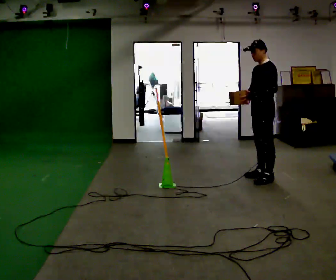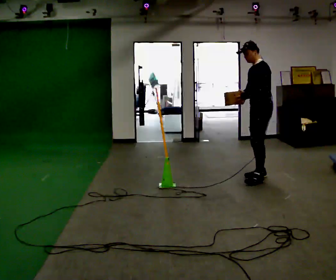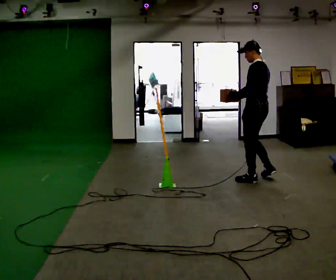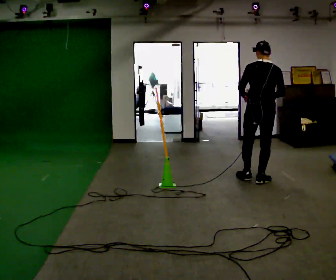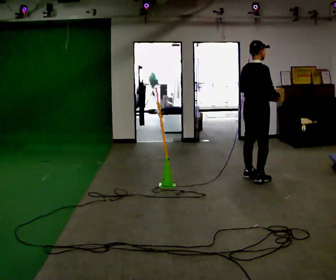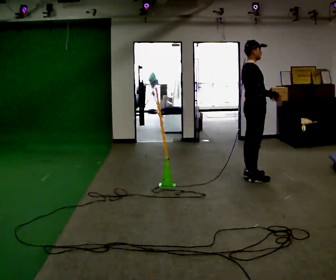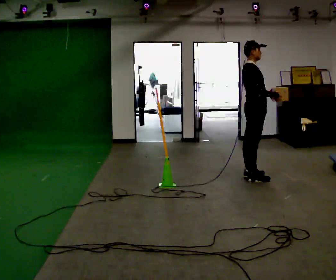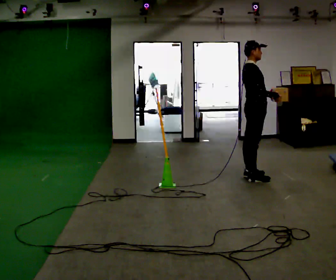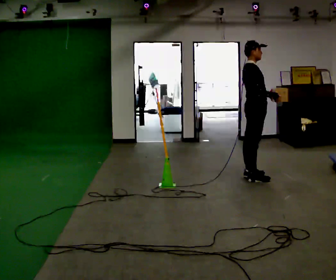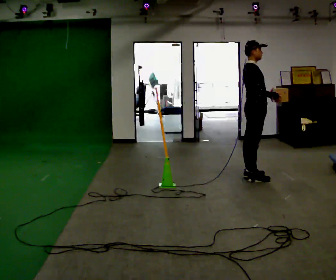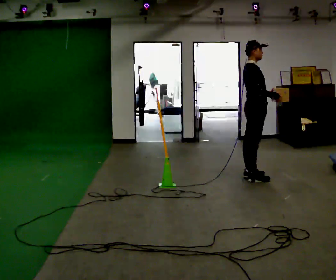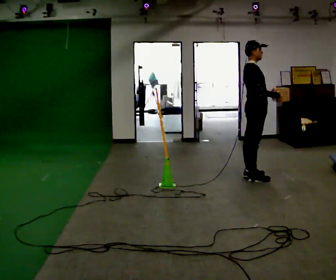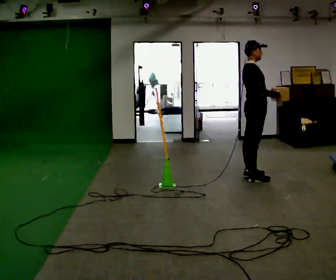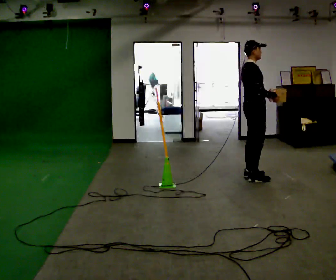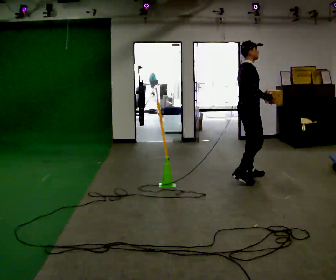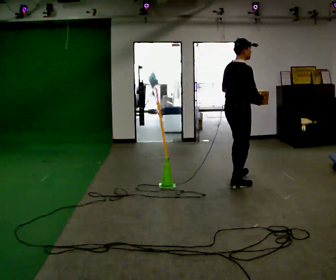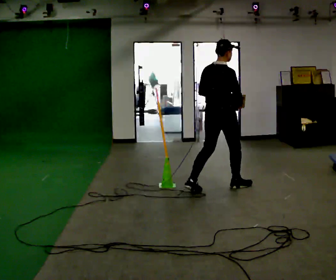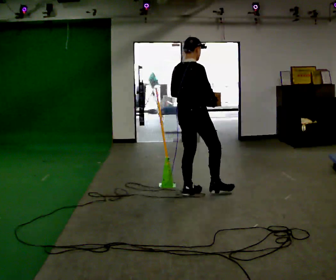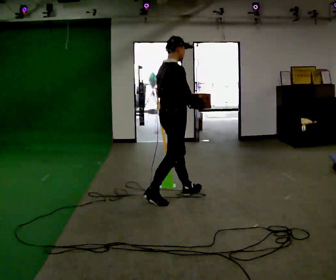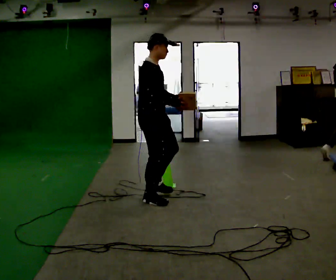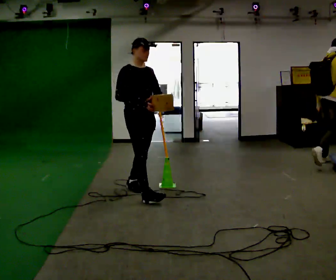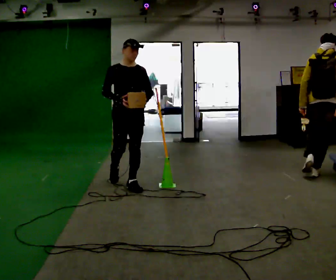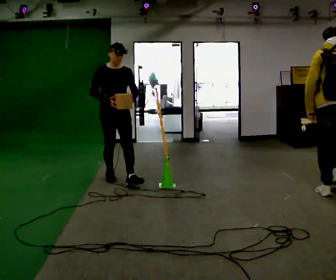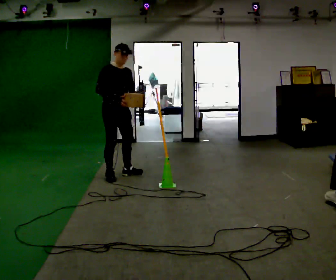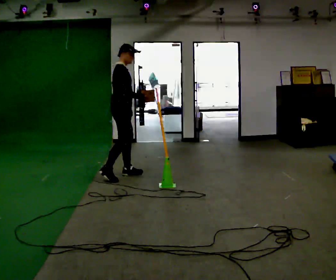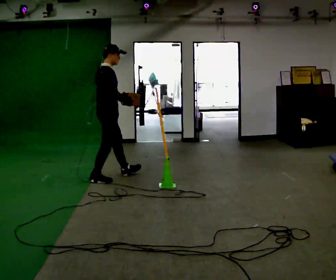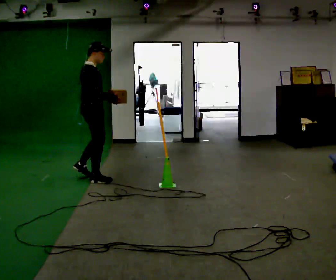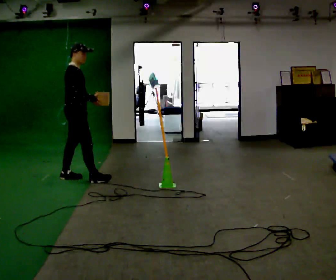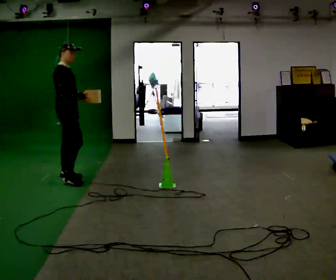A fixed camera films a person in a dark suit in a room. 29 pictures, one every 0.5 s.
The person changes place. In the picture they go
to the left.
0.0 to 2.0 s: The part of the body nearest the lens slides to the left as the person turns to their right by about 150 degrees.
2.0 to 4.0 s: Seen from above the body turns clockwise, about 45 degrees: to their right, with its near side sliding to the left.
4.0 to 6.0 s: The person moves a little, or ends about where they began.
6.0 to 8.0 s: The person turns about 45 degrees to their left, counterclockwise seen from above, so the part of the body nearest the lens slides to the right. In the picture they go toward the camera and to the left, about 0.75 m in 2 steps, which for them is backward and to their right.
8.0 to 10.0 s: The person turns about 90 degrees to their right, clockwise seen from above, so the part of the body nearest the lens slides to the left. In the picture they go to the left and toward the camera, about 1 m in 2 steps.
10.0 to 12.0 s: The person turns about 45 degrees to their left, counterclockwise seen from above, so the part of the body nearest the lens slides to the right. In the picture they go away from the camera and to the left, about 1 m in 3 steps.
12.0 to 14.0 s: In the picture they go to the left and toward the camera, about 0.5 m in 2 steps, which for them is backward.
The film runs backward here.
